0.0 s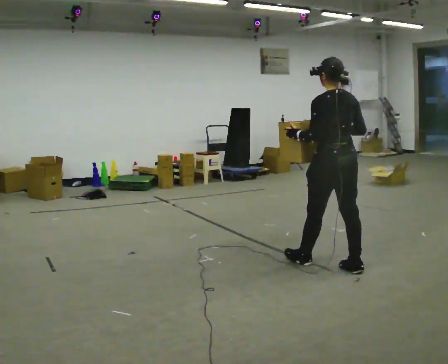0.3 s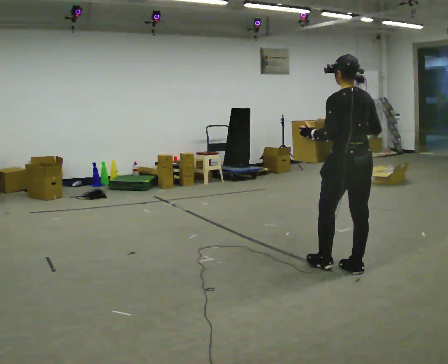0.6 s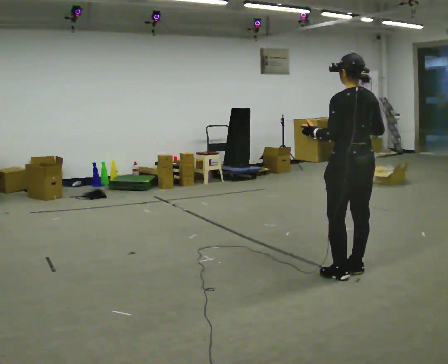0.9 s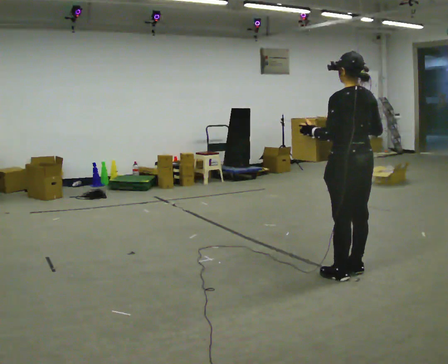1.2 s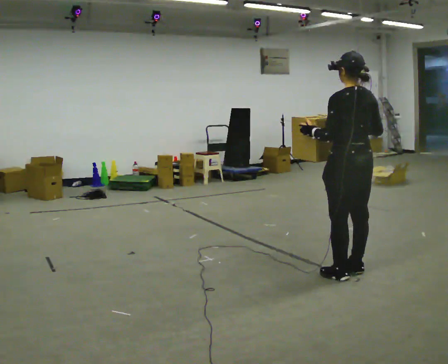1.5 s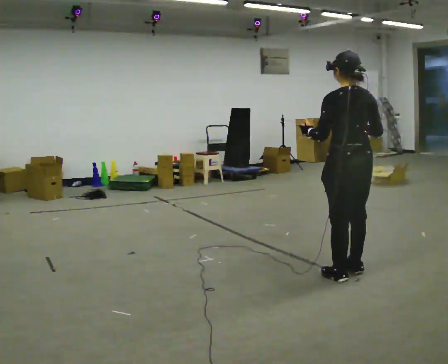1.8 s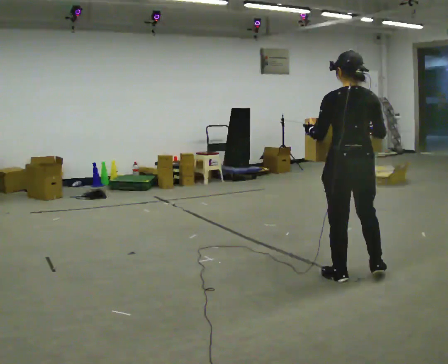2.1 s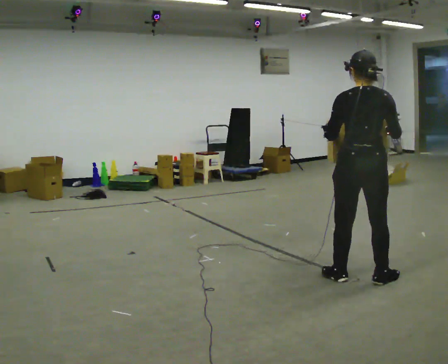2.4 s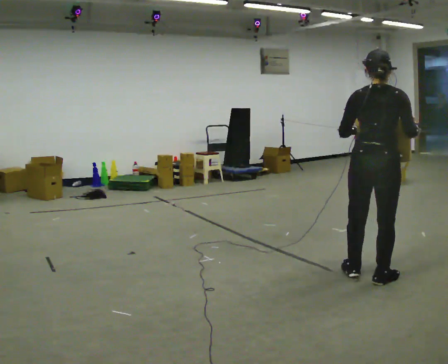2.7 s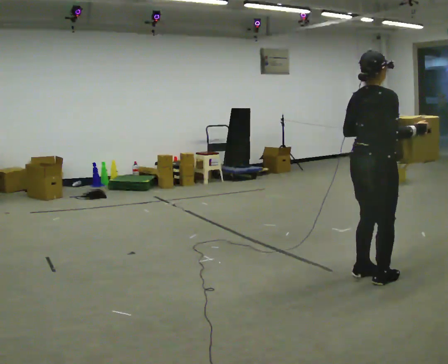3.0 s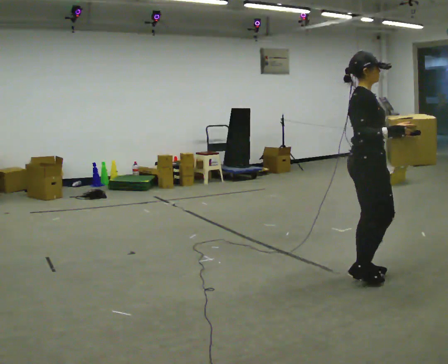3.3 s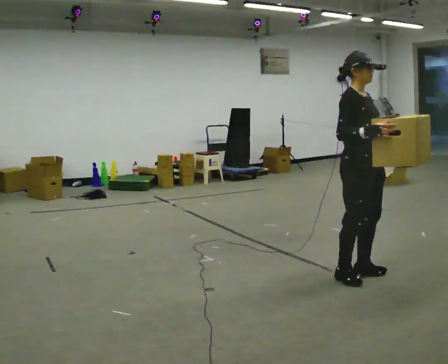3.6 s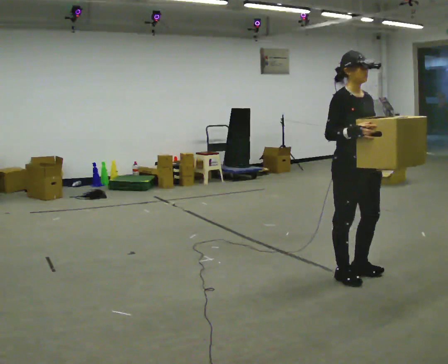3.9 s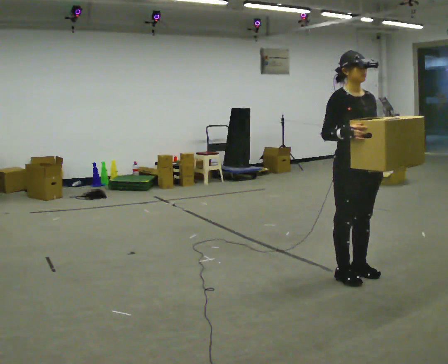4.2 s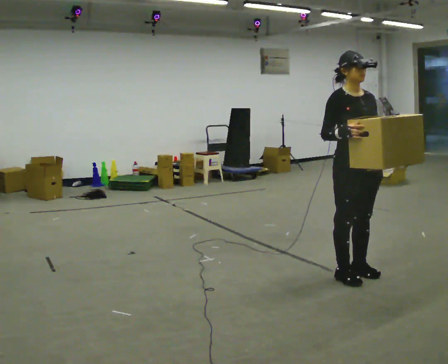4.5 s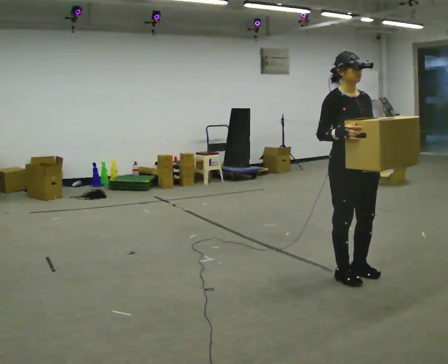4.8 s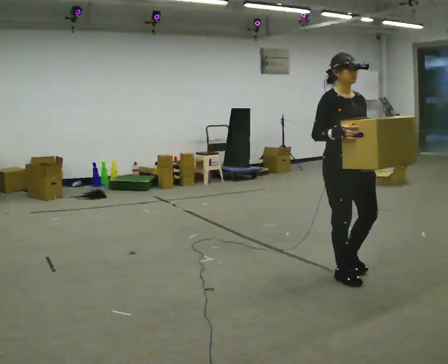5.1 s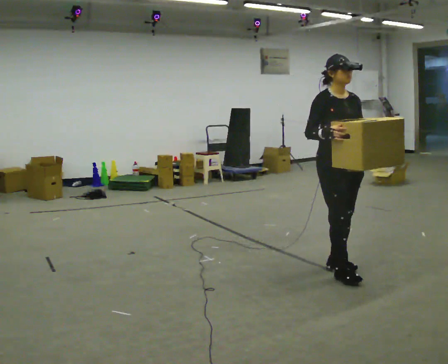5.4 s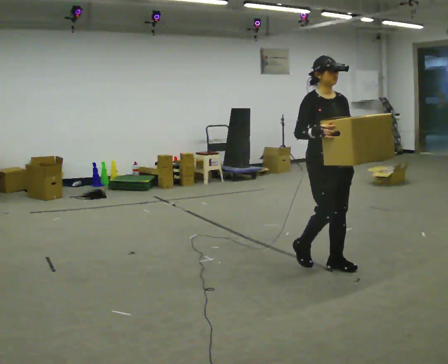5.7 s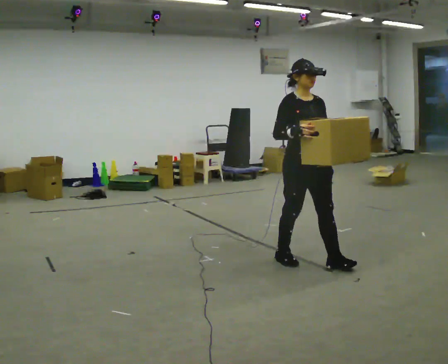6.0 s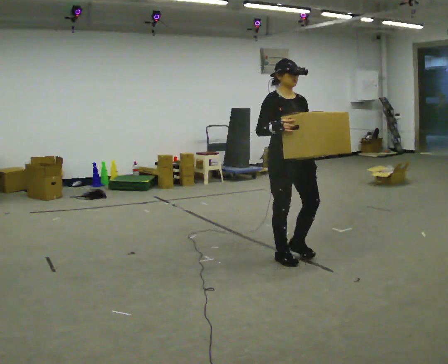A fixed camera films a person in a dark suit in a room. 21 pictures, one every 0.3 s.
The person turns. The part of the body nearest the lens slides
to the left.
The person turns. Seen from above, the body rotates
clockwise.
0.0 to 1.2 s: In the picture they go toward the camera, about 0.25 m in 1 step, which for them is backward.
1.2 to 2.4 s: Seen from above the body turns clockwise, about 60 degrees: to their right, with its near side sliding to the left. In the picture they go to the right, about 0.25 m in 1 step, which for them is backward. In the picture their right hand goes to the right.
2.4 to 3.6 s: The part of the body nearest the lens slides to the left as the person turns to their right by about 120 degrees. In the picture they go to the left, about 0.25 m in 1 step. In the picture their left hand goes to the right.
3.6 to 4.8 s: The person moves a little, or ends about where they began.
4.8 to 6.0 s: In the picture they go to the left and away from the camera, about 0.5 m in 2 steps, which for them is backward.
The film runs backward here.
